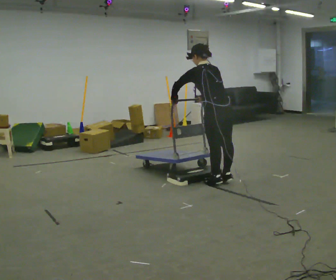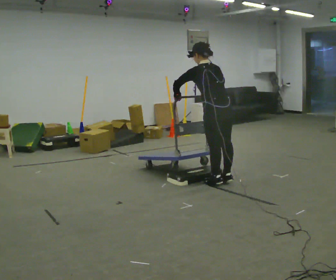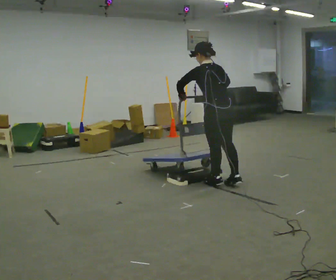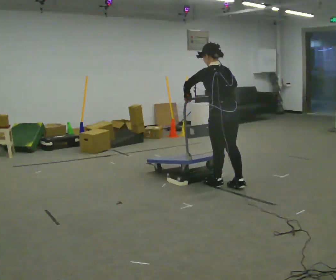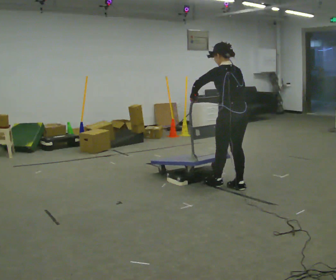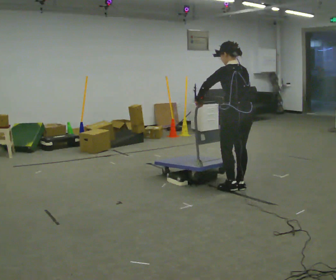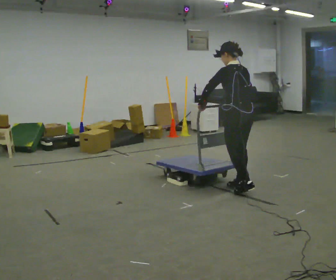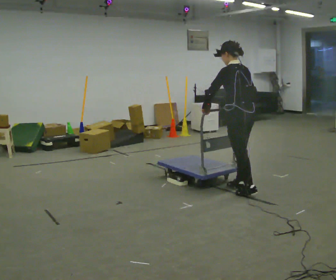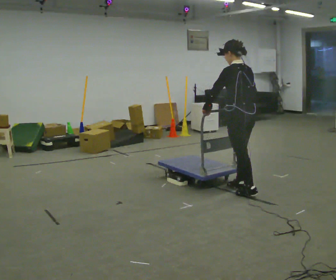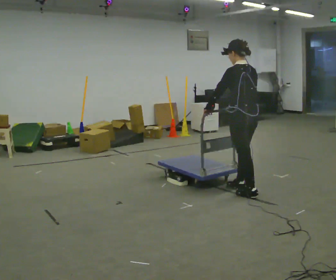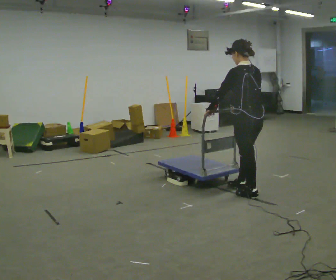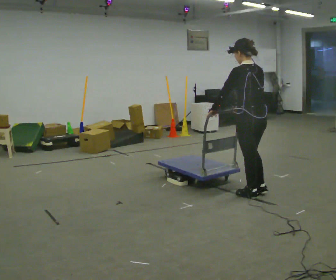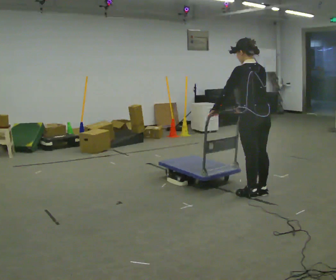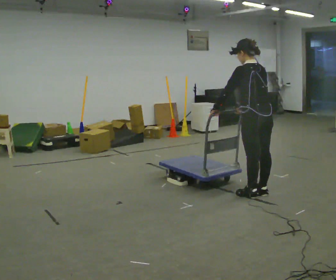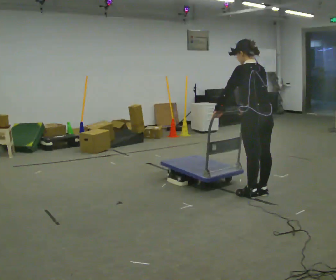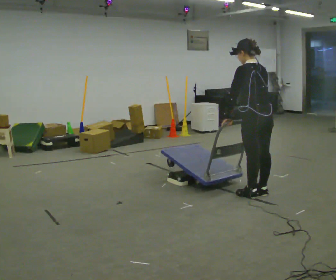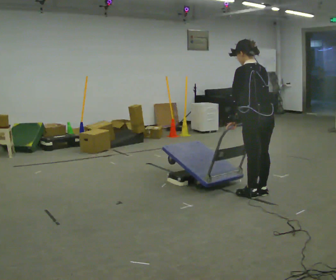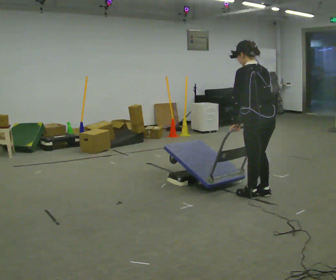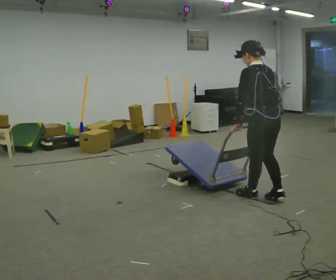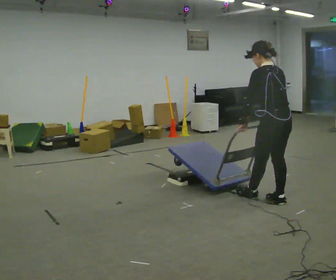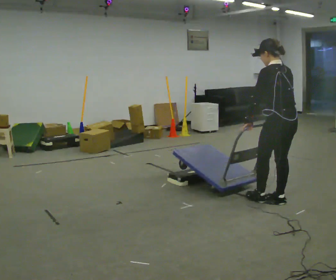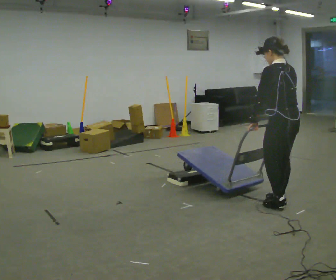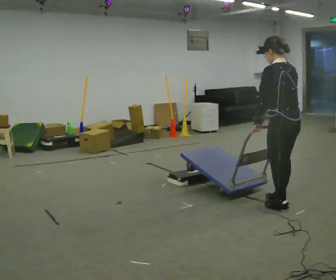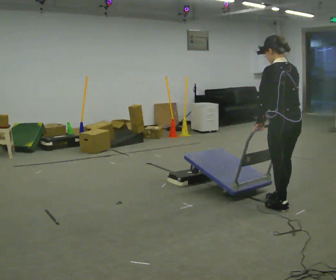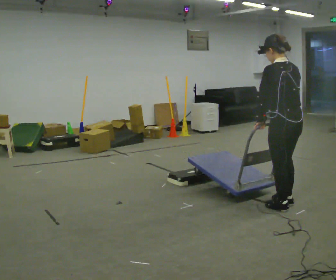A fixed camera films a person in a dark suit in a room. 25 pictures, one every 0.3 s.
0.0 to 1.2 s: In the picture they go to the right, about 0.25 m in 1 step, which for them is backward. In the picture the upper body tilts clockwise, shoulders to the right, as they lean back or straighten.
1.2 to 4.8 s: In the picture they go to the right and toward the camera, about 0.5 m in 2 steps, which for them is backward.
4.8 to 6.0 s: In the picture they go to the right and toward the camera, about 0.25 m in 1 step, which for them is backward.
6.0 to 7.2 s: In the picture they go toward the camera, about 0.25 m in 1 step, which for them is backward.
The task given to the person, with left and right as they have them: Push the cart up over the low platform edge and down the other side, then bring it back over.
The film runs forward here.
